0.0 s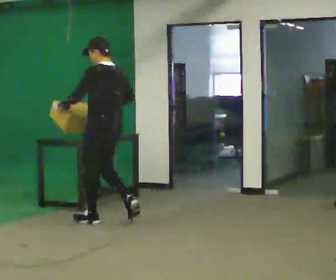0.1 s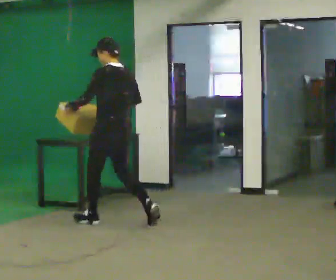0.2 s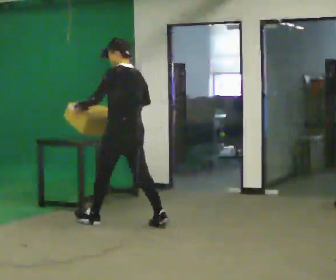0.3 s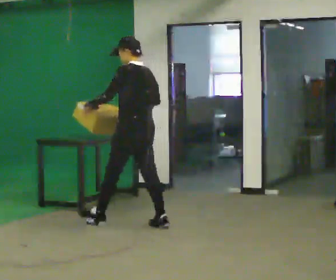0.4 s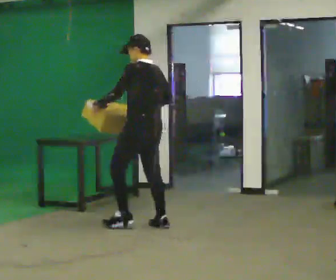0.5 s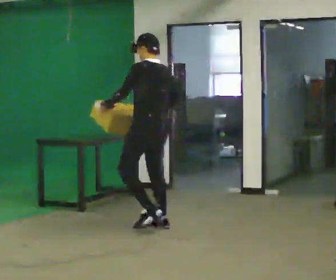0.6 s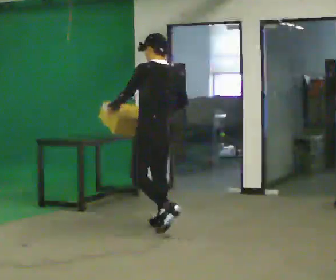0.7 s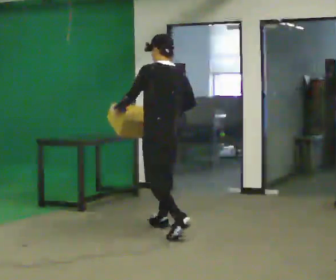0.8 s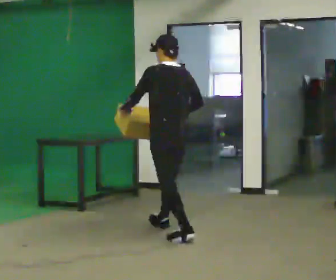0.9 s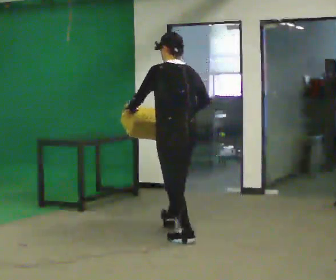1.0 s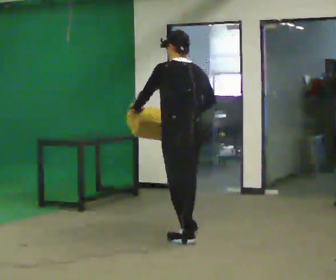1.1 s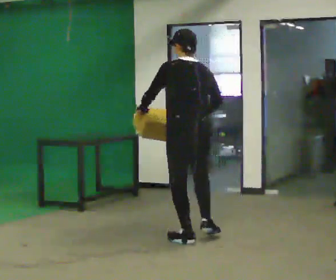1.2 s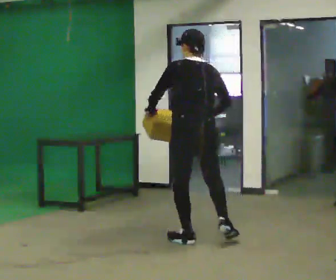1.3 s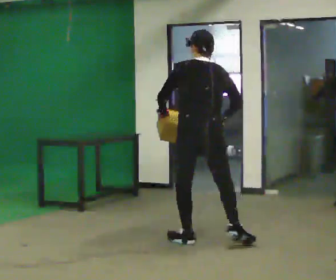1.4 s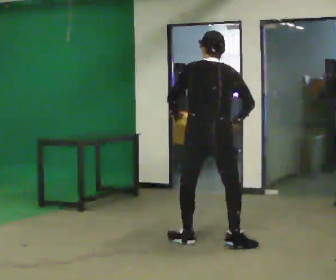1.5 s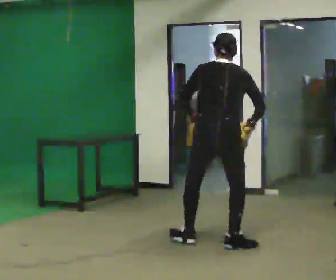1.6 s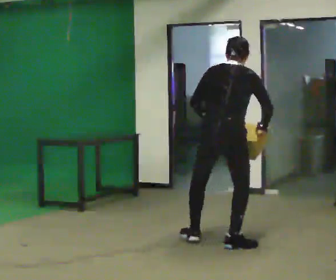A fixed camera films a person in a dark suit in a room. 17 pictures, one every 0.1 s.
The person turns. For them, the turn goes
to their right.
The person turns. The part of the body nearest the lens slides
to the left.
0.0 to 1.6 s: The person turns about 60 degrees to their right, clockwise seen from above, so the part of the body nearest the lens slides to the left. In the picture they go to the right and toward the camera, about 1.5 m in 3 steps. The upper body tips away from the camera, its near side rolling upward, as they bend forward.
The film runs backward here.
